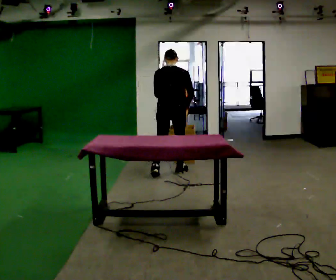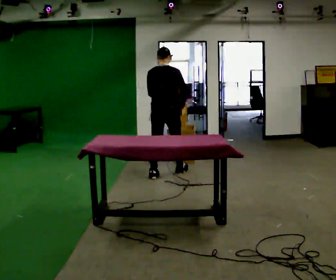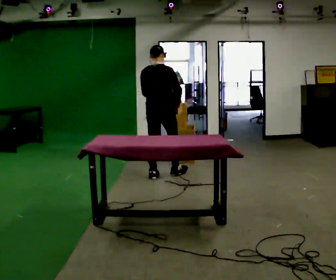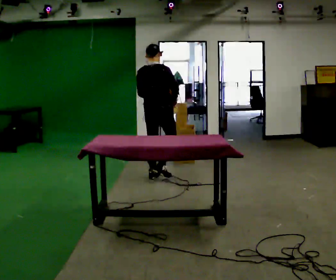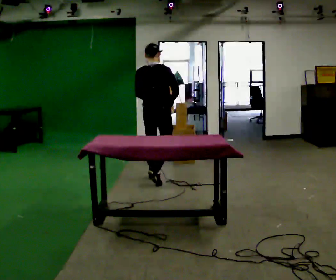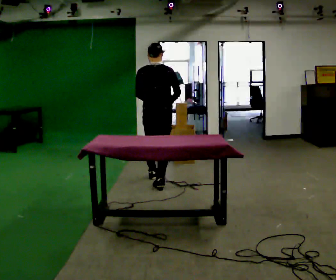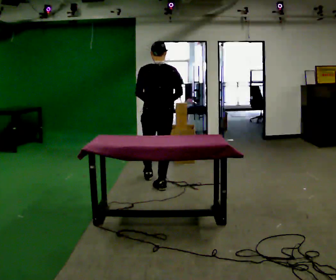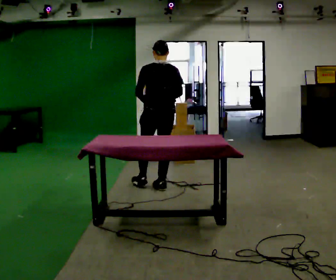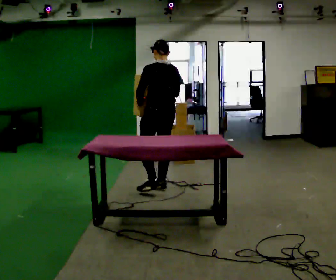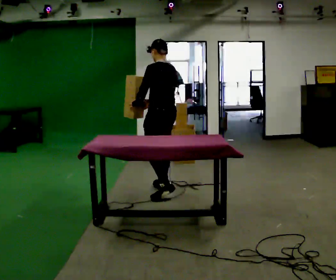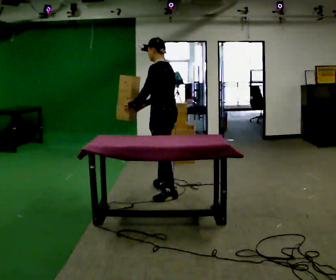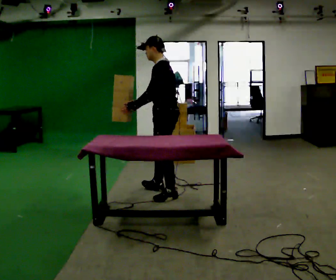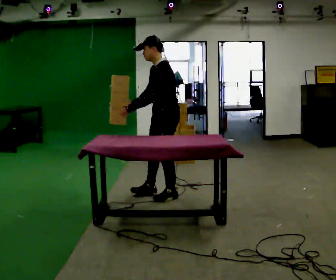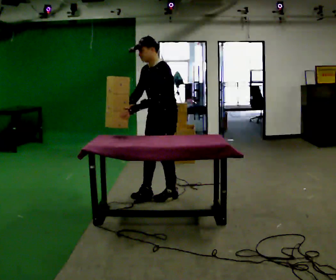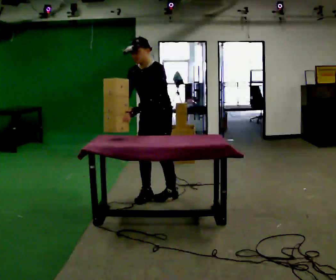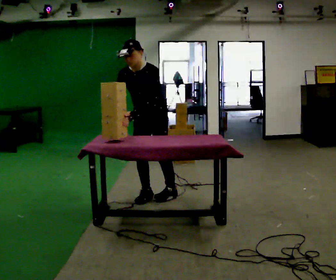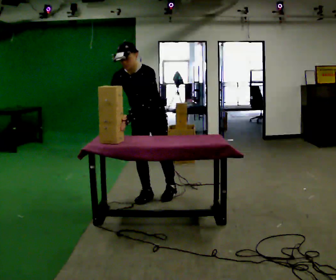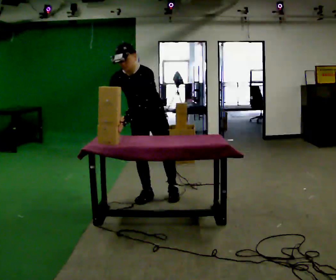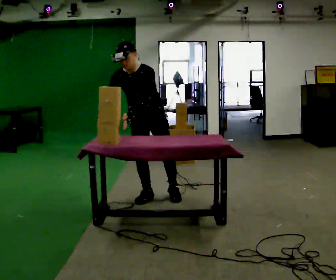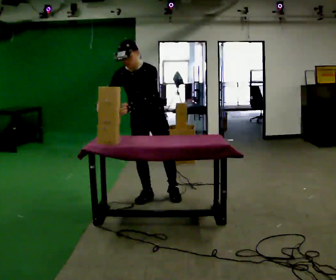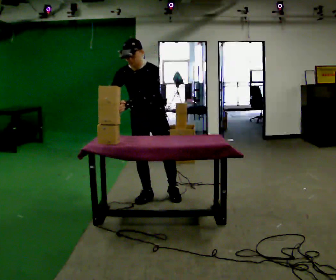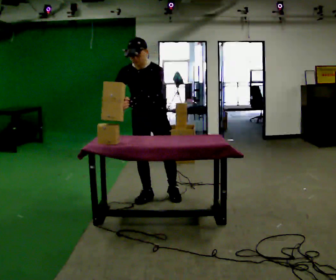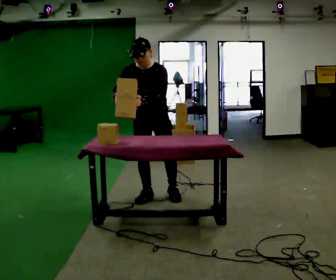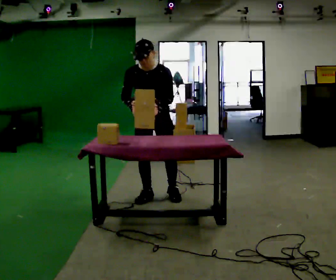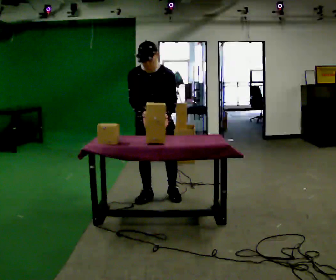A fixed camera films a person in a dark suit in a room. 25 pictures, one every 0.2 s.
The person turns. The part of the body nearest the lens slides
to the right.
The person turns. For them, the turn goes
to their left.
0.0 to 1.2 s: In the picture they go toward the camera, about 0.5 m in 2 steps, which for them is backward.
1.2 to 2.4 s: The person turns about 105 degrees to their left, counterclockwise seen from above, so the part of the body nearest the lens slides to the right. In the picture they go toward the camera, about 0.5 m in 1 step.
2.4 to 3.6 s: Seen from above the body turns counterclockwise, about 60 degrees: to their left, with its near side sliding to the right. In the picture they go to the left, about 0.25 m. The upper body tips toward the camera, its near side rolling downward, as they bend forward.
3.6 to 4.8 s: In the picture the upper body tilts clockwise, shoulders to the right. In the picture their right hand goes to the right.
The film runs backward here.
